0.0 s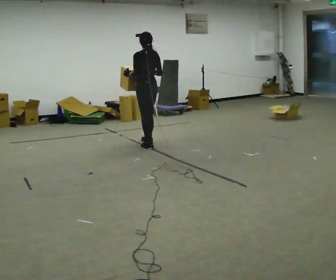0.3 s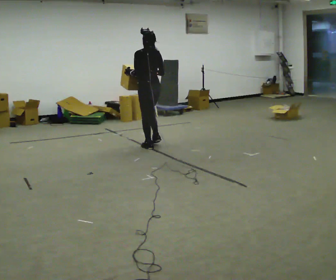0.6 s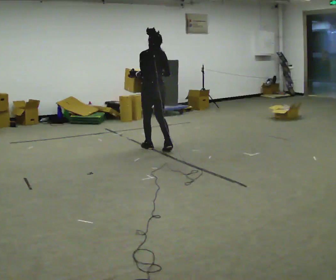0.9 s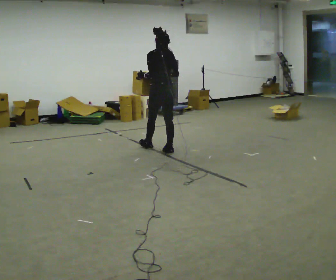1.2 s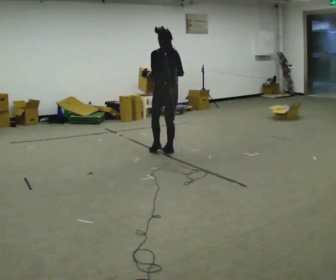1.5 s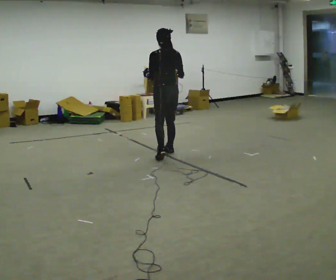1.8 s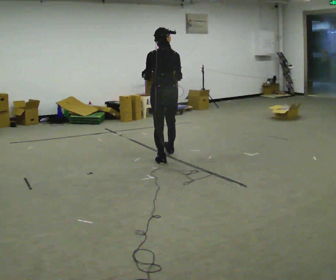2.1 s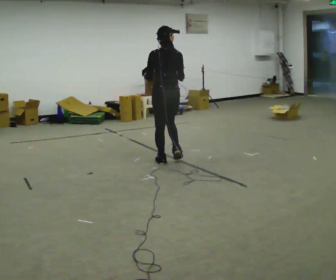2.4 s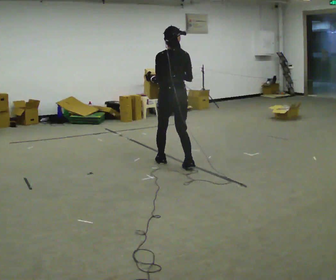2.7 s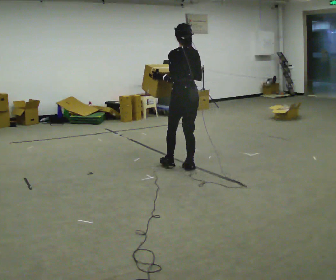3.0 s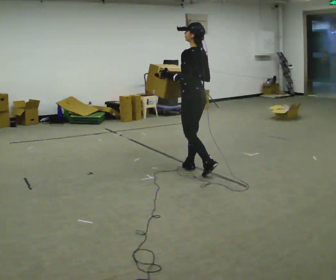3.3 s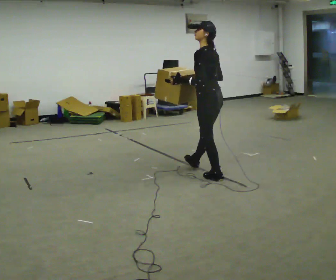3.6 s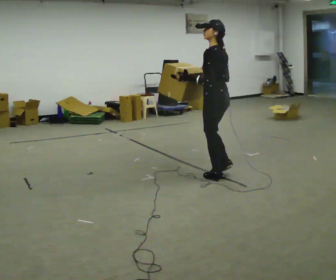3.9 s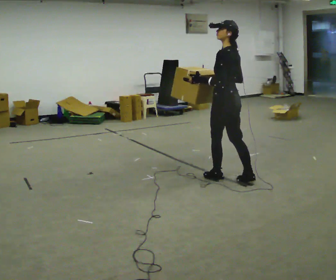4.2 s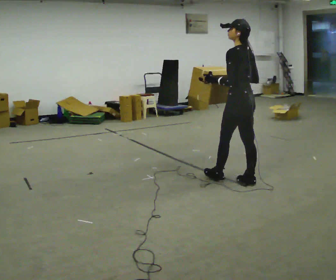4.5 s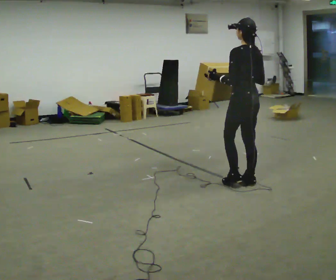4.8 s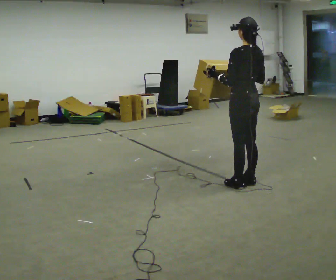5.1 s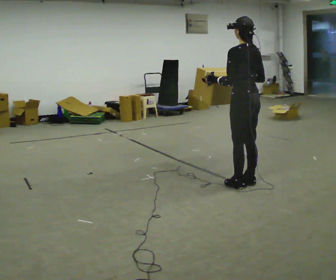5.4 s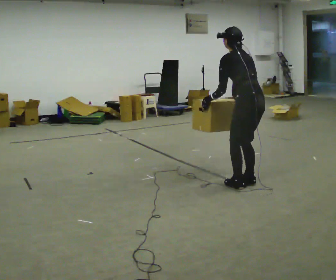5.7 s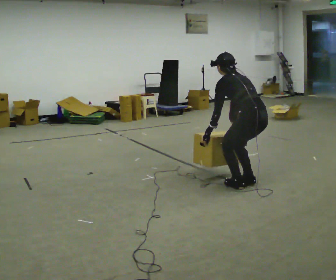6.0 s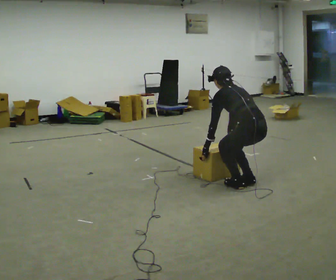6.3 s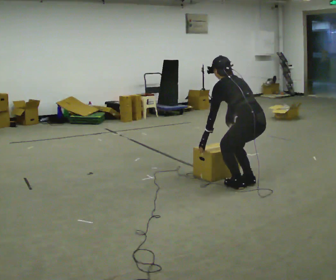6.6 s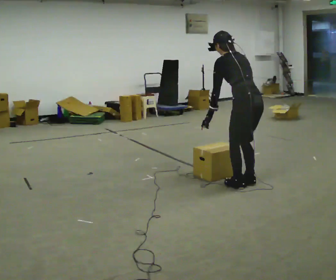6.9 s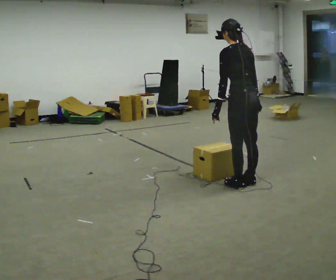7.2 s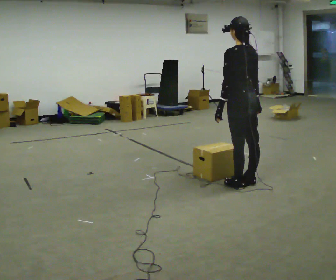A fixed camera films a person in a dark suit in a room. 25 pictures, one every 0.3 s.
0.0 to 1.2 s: In the picture they go toward the camera and to the right, about 0.5 m in 2 steps, which for them is backward.
1.2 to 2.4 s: In the picture they go toward the camera, about 0.5 m in 1 step, which for them is backward.
2.4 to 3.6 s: The person turns about 45 degrees to their left, counterclockwise seen from above, so the part of the body nearest the lens slides to the right. In the picture they go to the right and toward the camera, about 0.5 m in 2 steps, which for them is backward.
3.6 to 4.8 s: In the picture they go to the right and toward the camera, about 0.25 m in 1 step, which for them is backward.
4.8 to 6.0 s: The upper body goes downward. The upper body tips away from the camera, its near side rolling upward, as they bend forward. In the picture their left hand goes downward.
6.0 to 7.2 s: The upper body goes upward. The upper body tips toward the camera, its near side rolling downward, as they lean back or straighten. In the picture their right hand goes upward.
The film runs backward here.
